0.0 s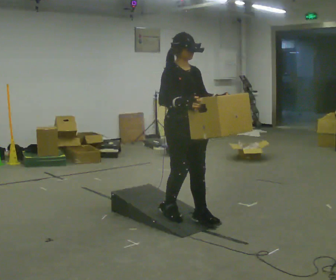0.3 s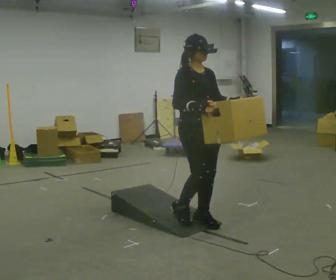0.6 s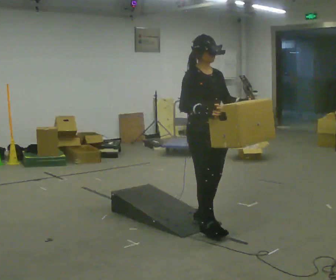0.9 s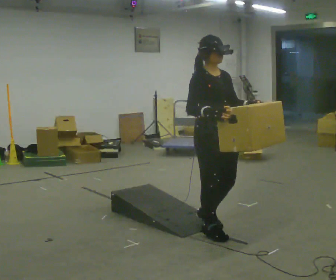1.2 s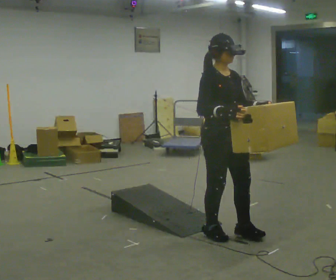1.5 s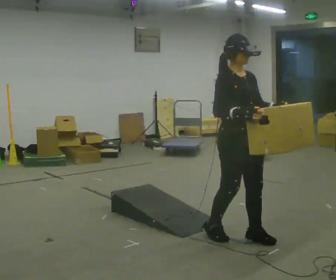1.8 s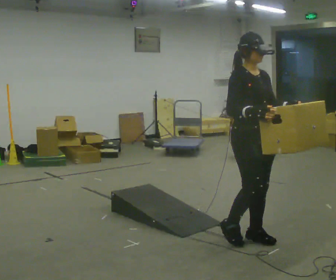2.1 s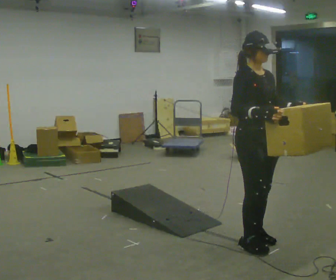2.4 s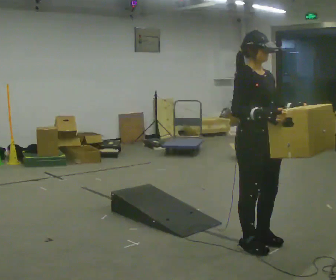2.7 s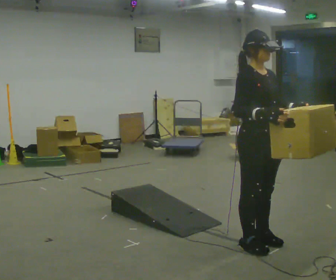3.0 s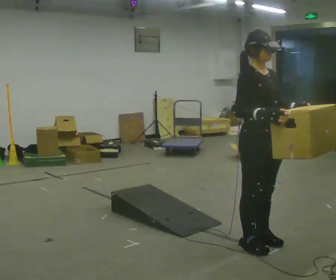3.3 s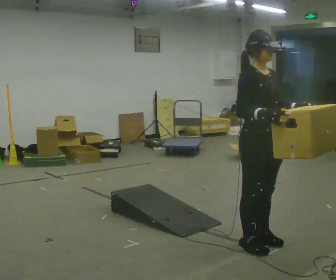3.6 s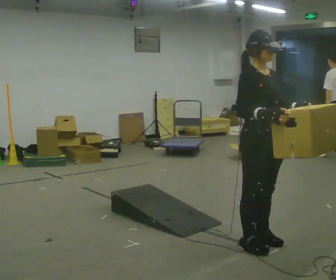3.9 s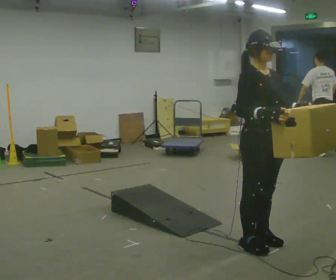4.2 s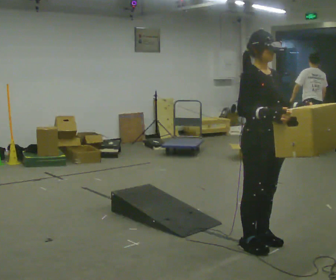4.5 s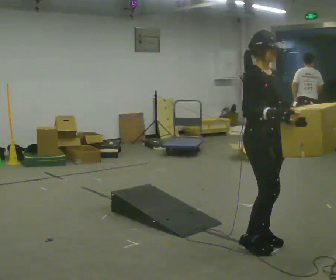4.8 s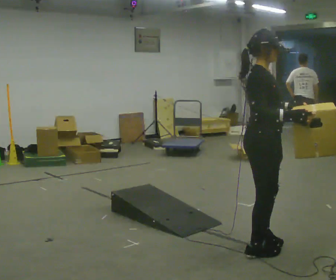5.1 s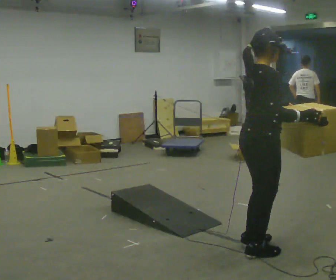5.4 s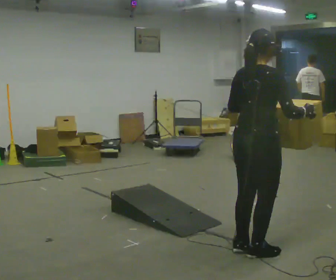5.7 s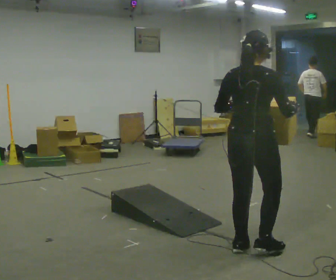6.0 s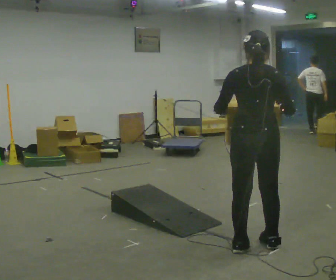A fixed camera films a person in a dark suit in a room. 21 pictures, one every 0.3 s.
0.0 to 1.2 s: In the picture they go to the right and toward the camera, about 0.5 m in 1 step, which for them is forward.
1.2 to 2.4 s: In the picture they go to the right and toward the camera, about 0.25 m in 2 steps, which for them is forward.
2.4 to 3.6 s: The person moves a little, or ends about where they began.
3.6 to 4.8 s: The person turns about 30 degrees to their left, counterclockwise seen from above, so the part of the body nearest the lens slides to the right.
4.8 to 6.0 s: Seen from above the body turns counterclockwise, about 90 degrees: to their left, with its near side sliding to the right. In the picture their left hand goes to the left.
The film runs forward here.
